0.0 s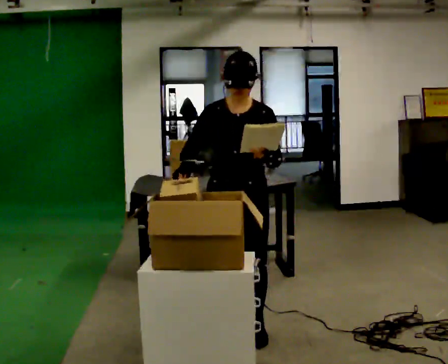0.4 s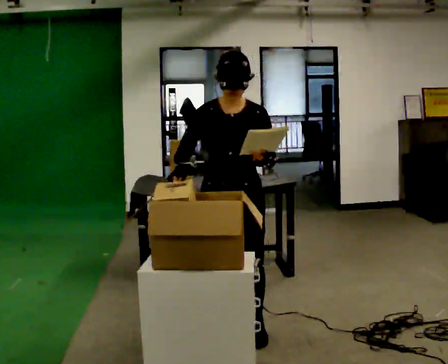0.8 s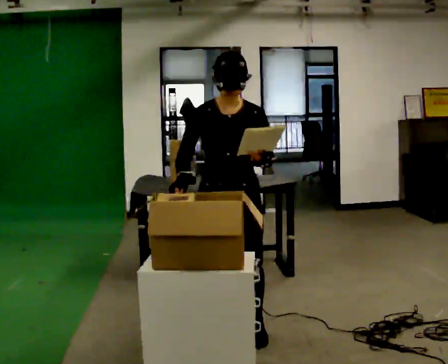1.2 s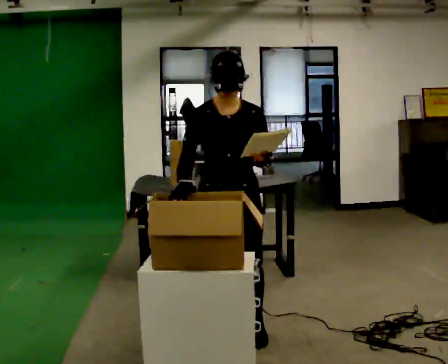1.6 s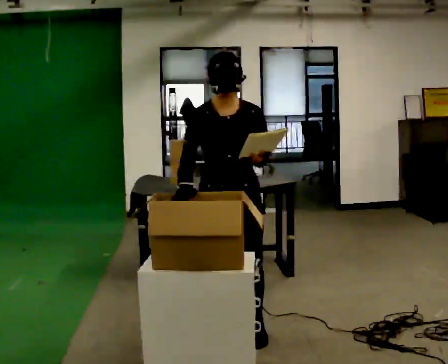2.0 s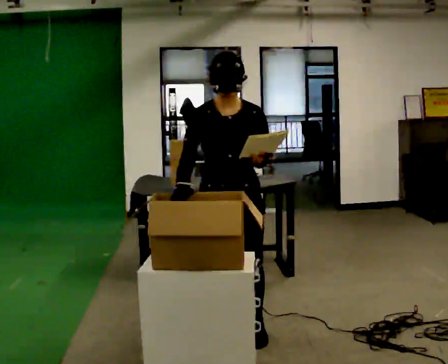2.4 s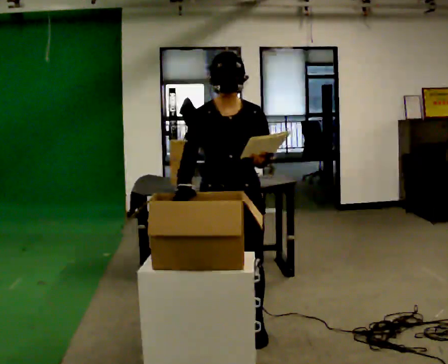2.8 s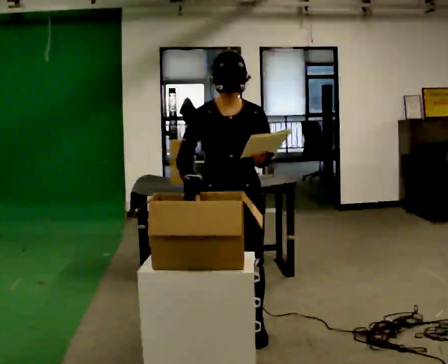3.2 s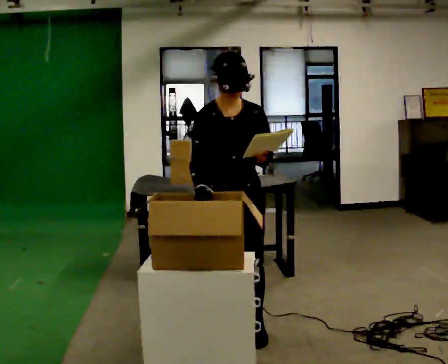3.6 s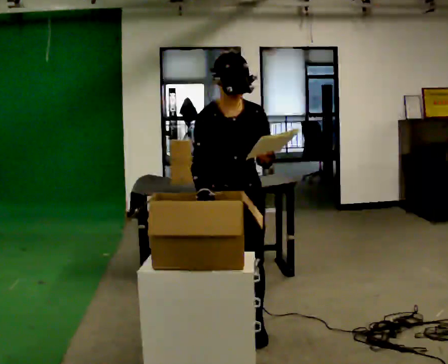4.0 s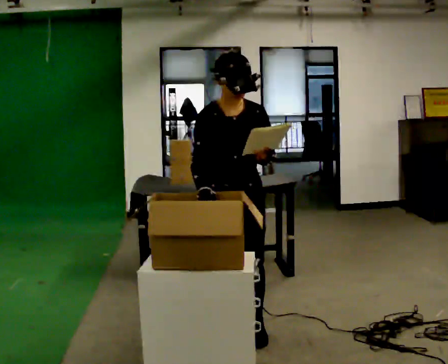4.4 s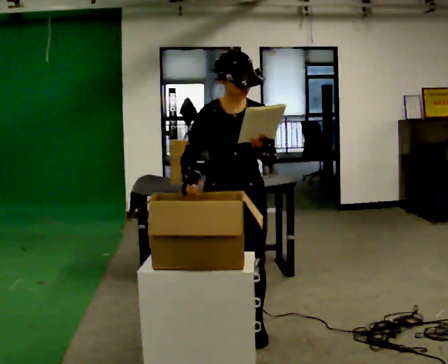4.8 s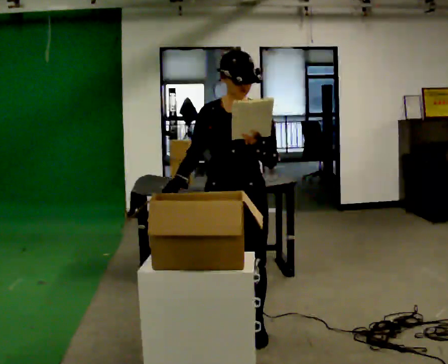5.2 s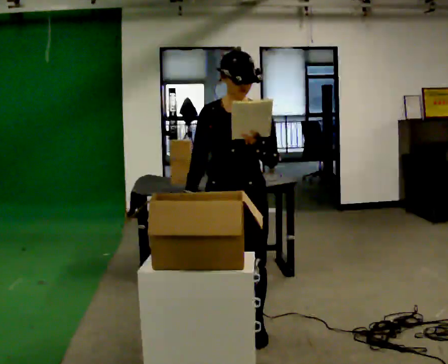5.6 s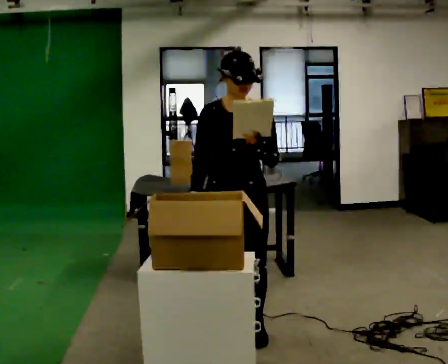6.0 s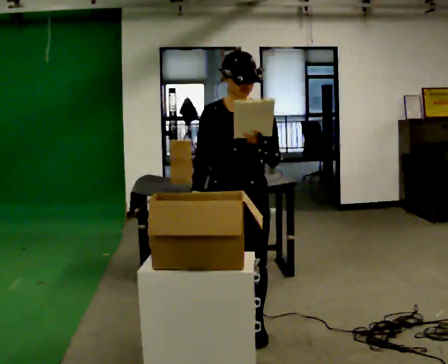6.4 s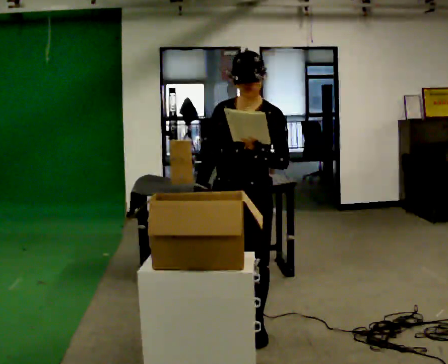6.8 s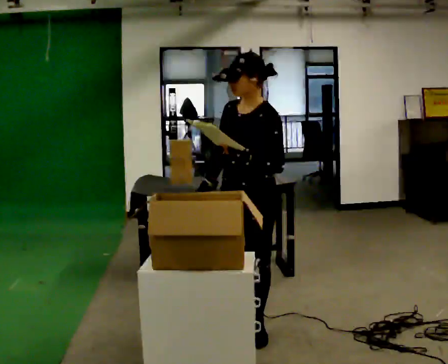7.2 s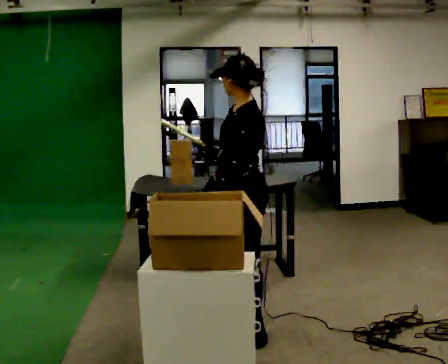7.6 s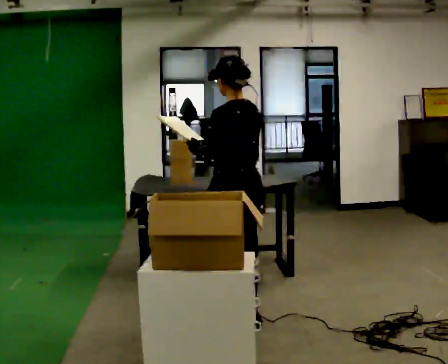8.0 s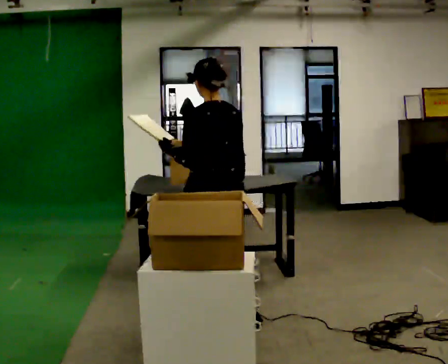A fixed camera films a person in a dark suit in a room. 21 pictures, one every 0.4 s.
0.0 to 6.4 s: The person moves a little, or ends about where they began.
6.4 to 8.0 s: The part of the body nearest the lens slides to the left as the person turns to their right by about 120 degrees. In the picture they go away from the camera and to the left, about 0.25 m in 2 steps.
The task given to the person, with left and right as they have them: 1. Read the list the operator gives you. 2. Collect the six items on the list from the shelves. 3. Put them all in the bin on the table. 4. Tell the operator when you are finished.
The film runs forward here.
